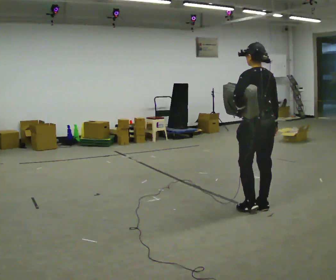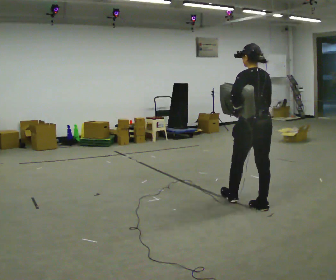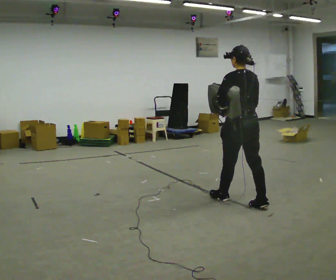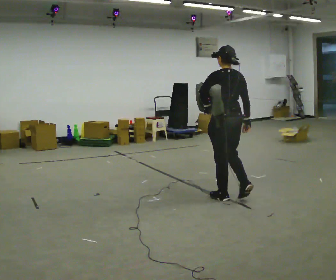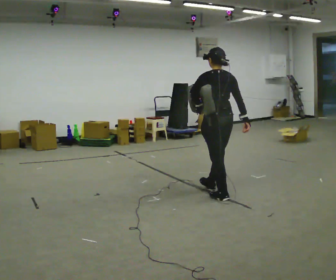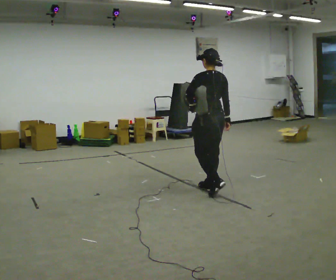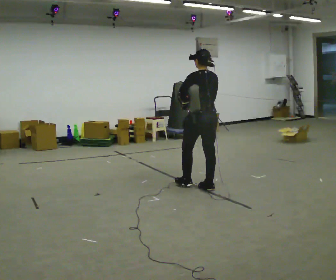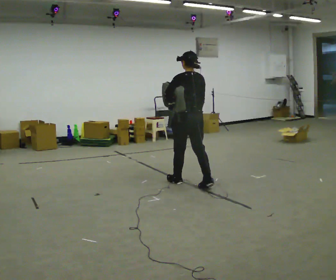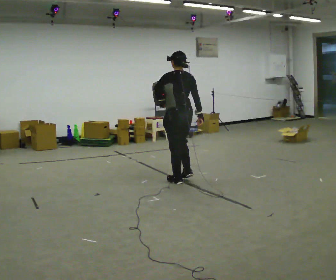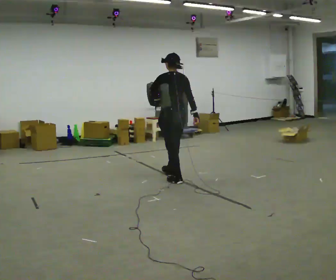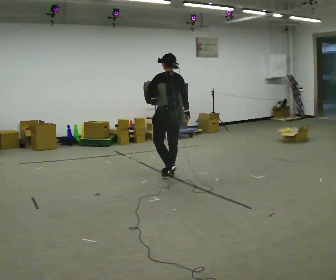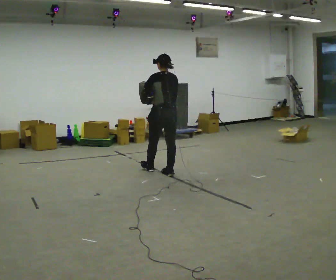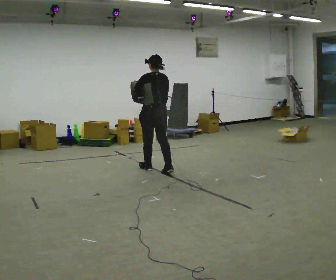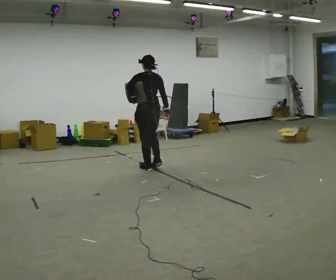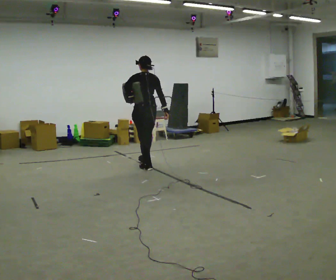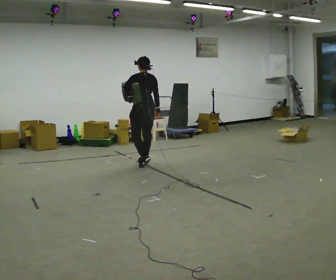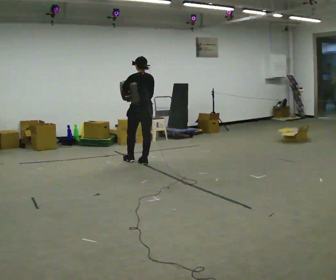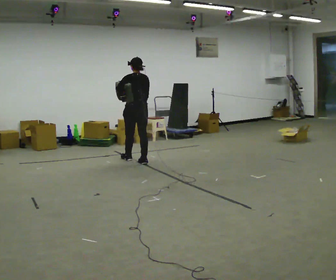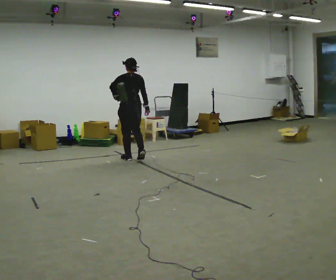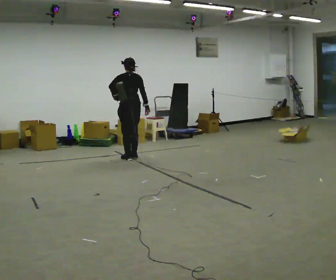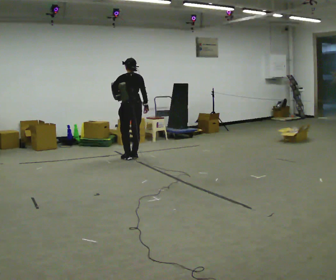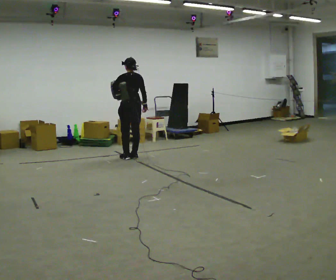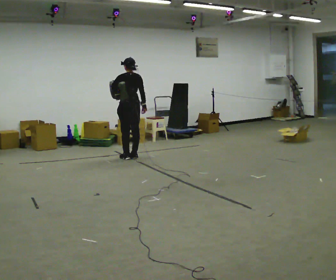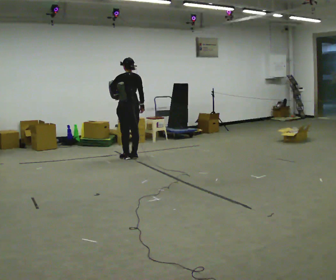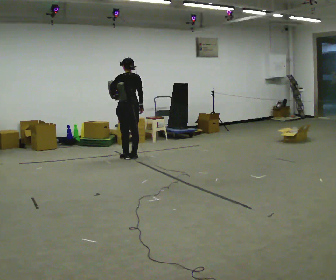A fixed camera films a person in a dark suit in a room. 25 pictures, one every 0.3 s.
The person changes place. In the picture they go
away from the camera.
0.0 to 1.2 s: In the picture they go away from the camera and to the left, about 0.5 m in 1 step, which for them is forward.
1.2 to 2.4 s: In the picture they go away from the camera and to the left, about 0.5 m in 2 steps, which for them is forward.
2.4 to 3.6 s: In the picture they go away from the camera and to the left, about 0.75 m in 2 steps, which for them is forward.
3.6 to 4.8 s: In the picture they go away from the camera, about 0.5 m in 1 step, which for them is forward.
4.8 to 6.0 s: In the picture they go away from the camera and to the left, about 0.5 m in 2 steps, which for them is forward.
6.0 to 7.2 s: The person moves a little, or ends about where they began.
The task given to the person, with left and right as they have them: Put the soft bag up onto your shoulder and carry it across the room, back and forth.
The film runs forward here.
